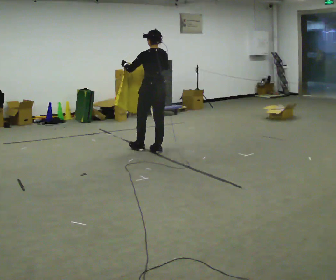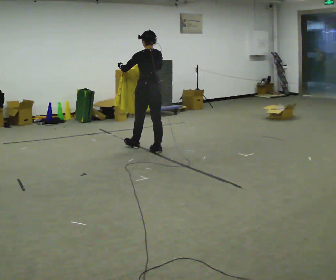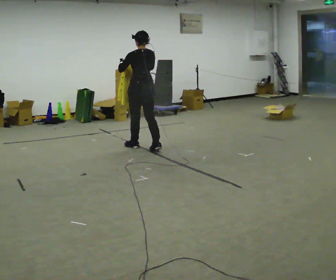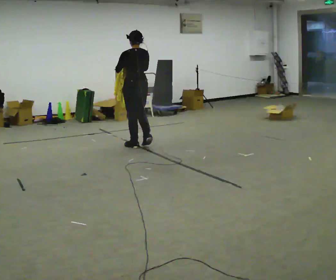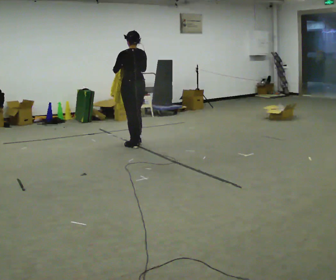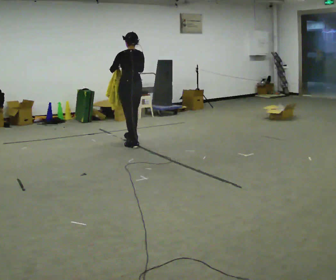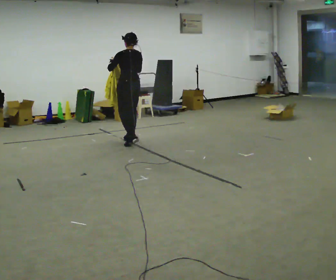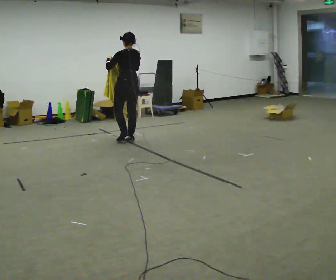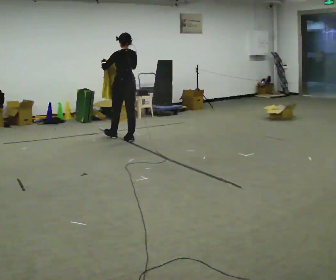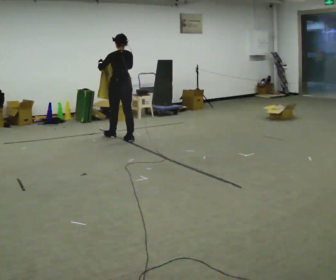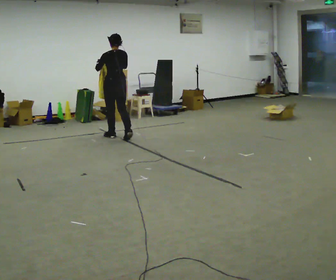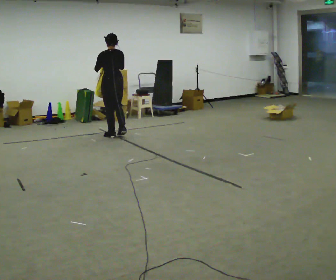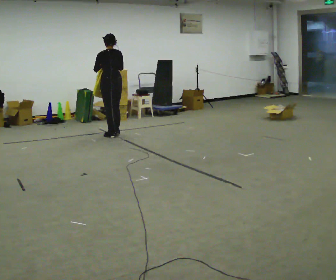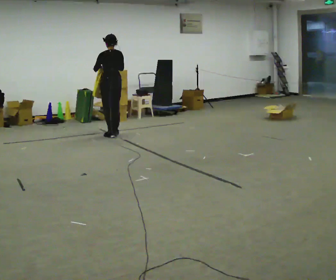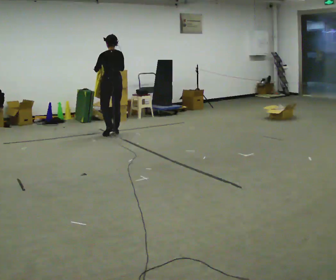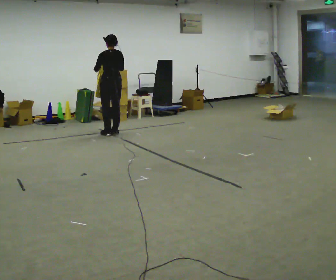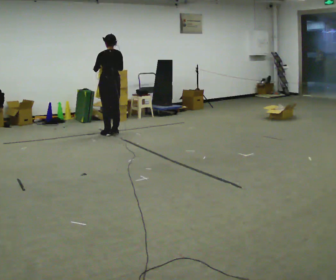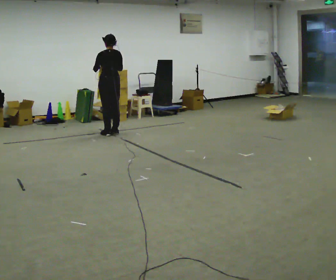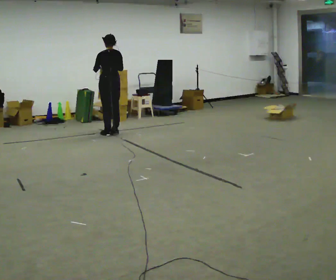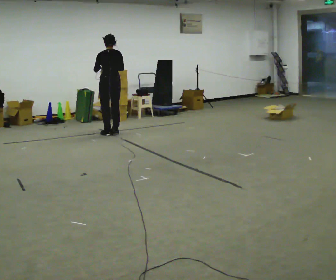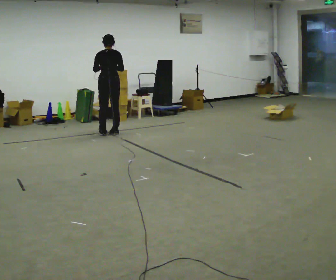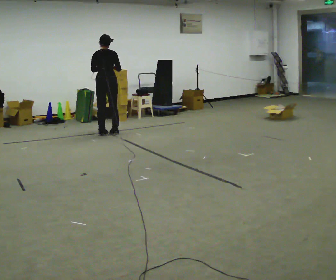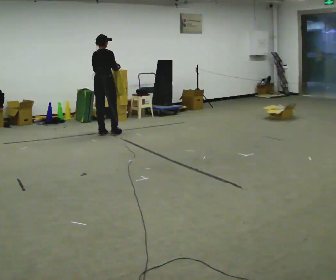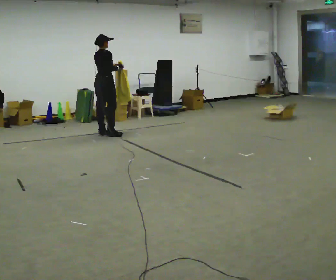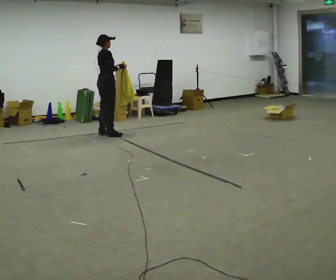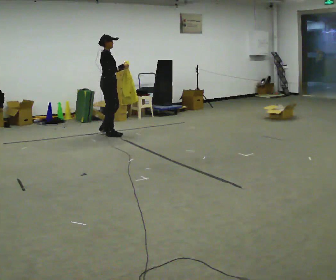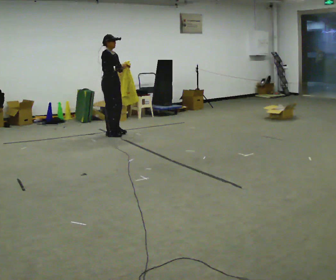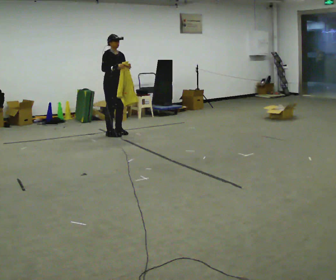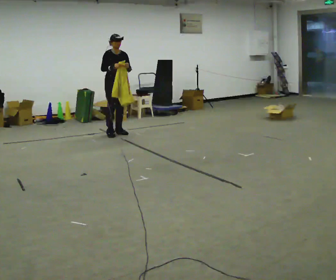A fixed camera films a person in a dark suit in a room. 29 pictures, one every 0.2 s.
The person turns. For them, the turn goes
to their right.
The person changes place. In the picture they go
away from the camera.
0.0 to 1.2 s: In the picture they go away from the camera and to the left, about 0.75 m in 2 steps, which for them is forward.
1.2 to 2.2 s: In the picture they go away from the camera and to the left, about 0.5 m in 1 step, which for them is forward.
2.2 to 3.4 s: In the picture they go away from the camera, about 0.25 m in 2 steps, which for them is forward.
3.4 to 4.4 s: The person turns about 60 degrees to their right, clockwise seen from above, so the part of the body nearest the lens slides to the left.
4.4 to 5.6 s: The person turns about 120 degrees to their right, clockwise seen from above, so the part of the body nearest the lens slides to the left. In the picture they go to the right, about 0.25 m in 1 step. In the picture their left hand goes to the right.
The film runs forward here.
